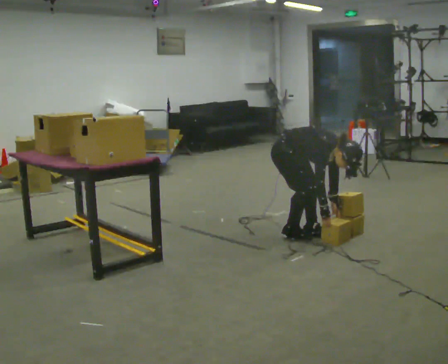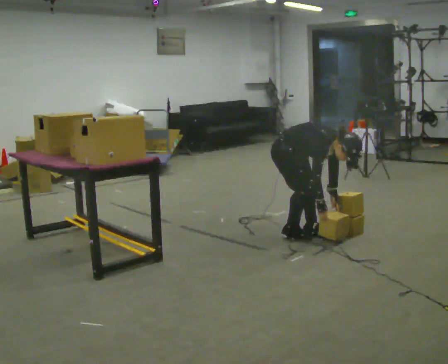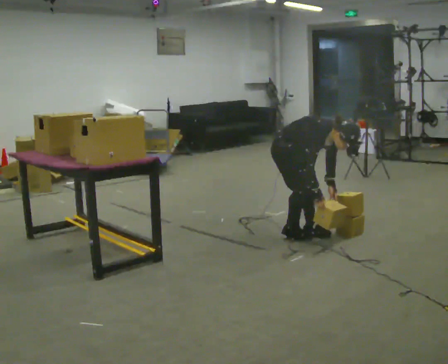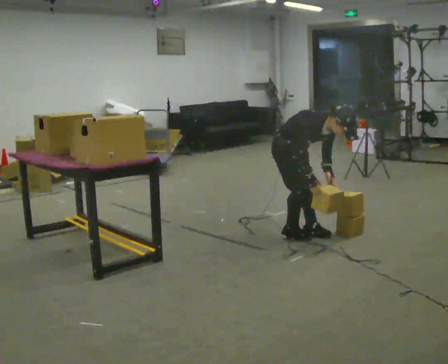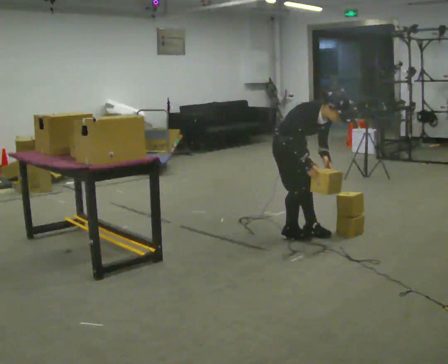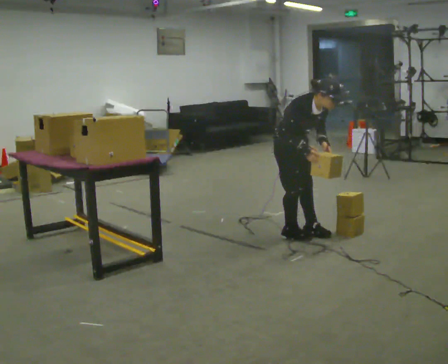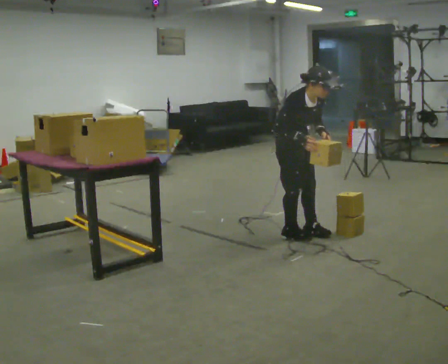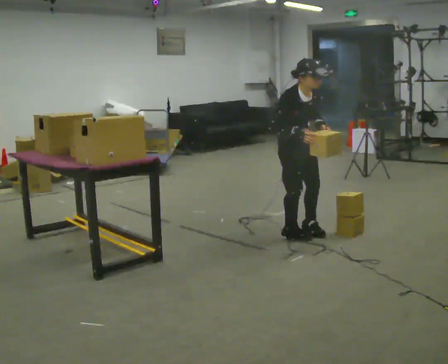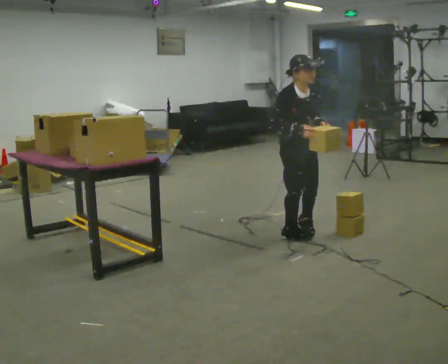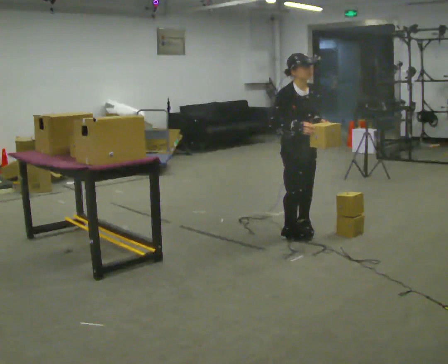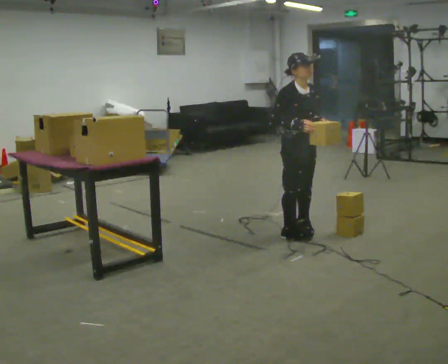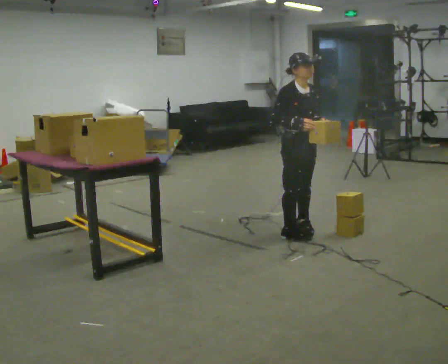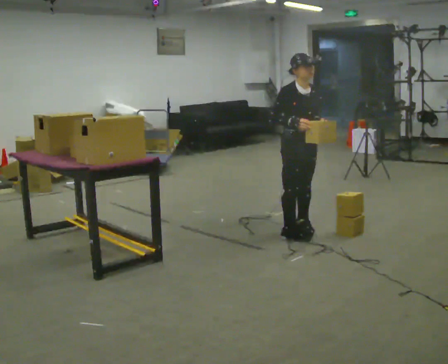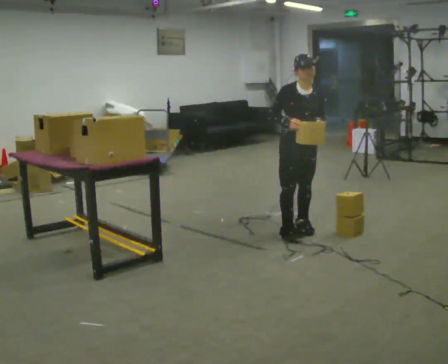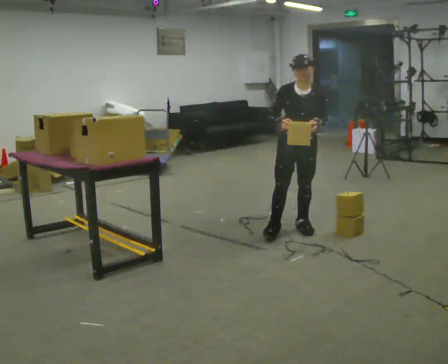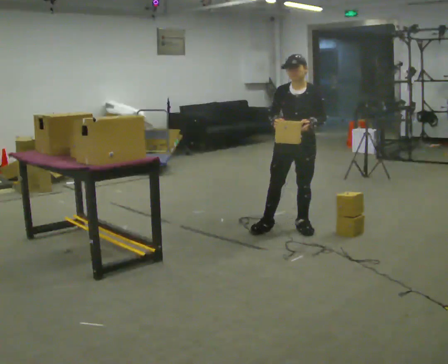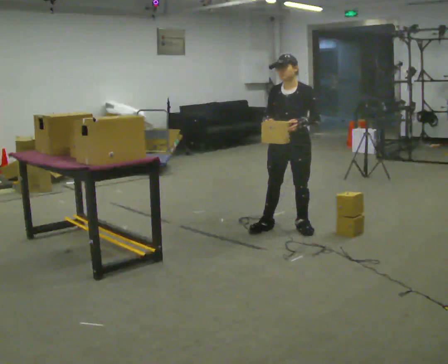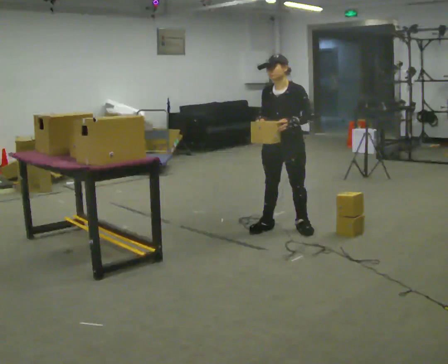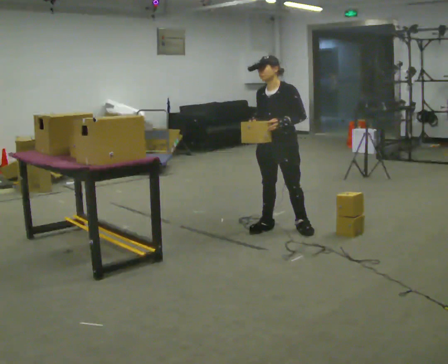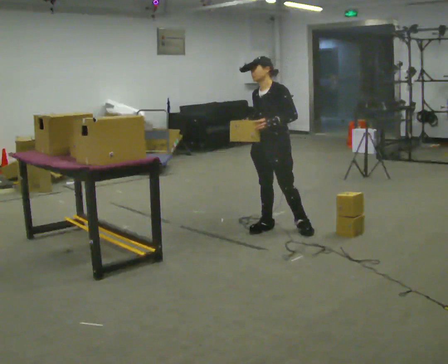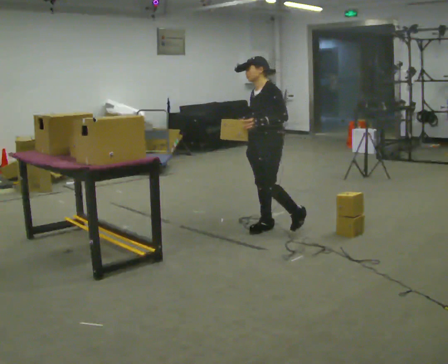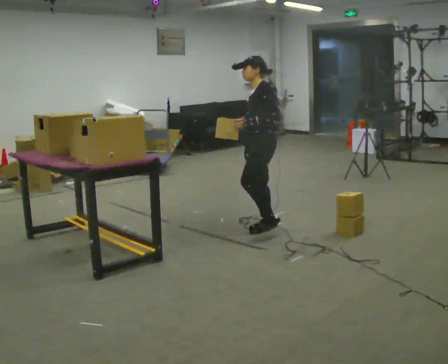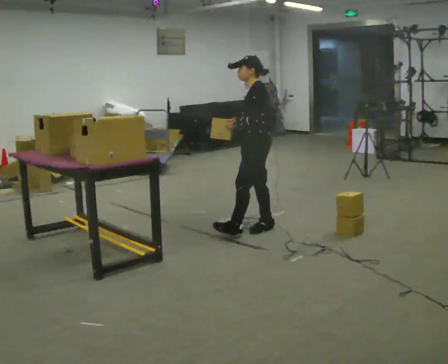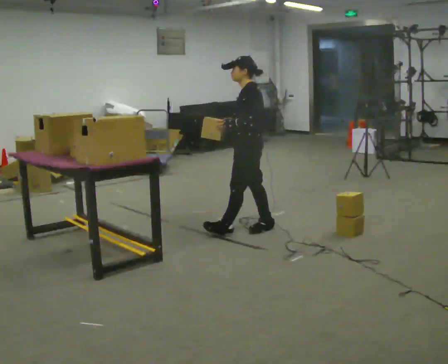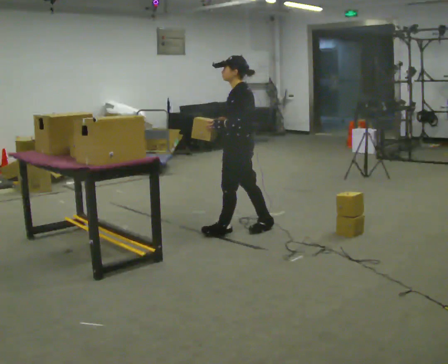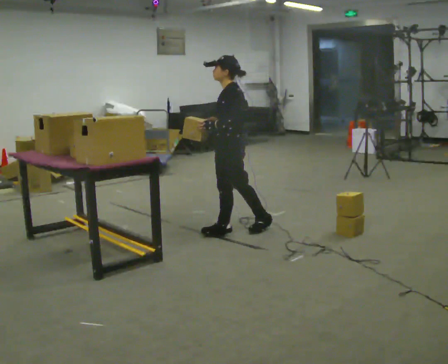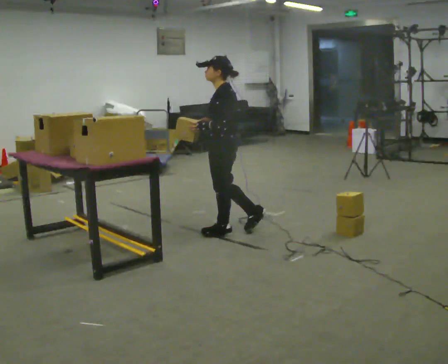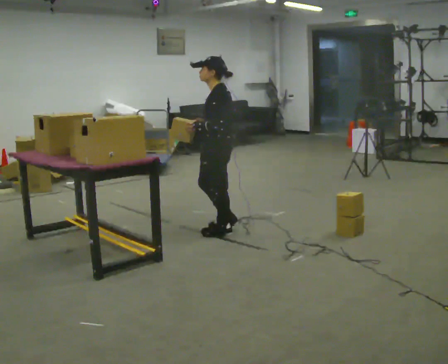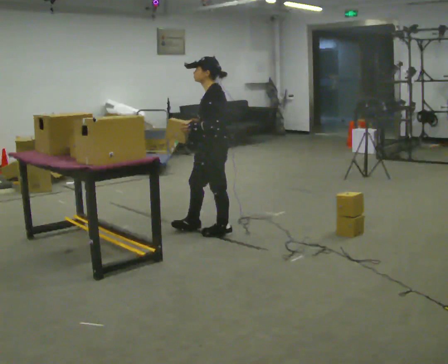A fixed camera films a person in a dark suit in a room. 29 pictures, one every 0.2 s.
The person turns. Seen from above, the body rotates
clockwise.
The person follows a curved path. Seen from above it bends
counterclockwise.
0.0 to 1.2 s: The shoulders move upward. In the picture the upper body tilts counterclockwise, shoulders to the left, as they lean back or straighten. In the picture their right hand goes upward.
1.2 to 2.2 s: The upper body tips away from the camera, its near side rolling upward, as they lean back or straighten.
2.2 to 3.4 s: The part of the body nearest the lens slides to the left as the person turns to their right by about 75 degrees. In the picture they go away from the camera, about 0.25 m in 1 step. In the picture their right hand goes to the left.
3.4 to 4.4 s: The person turns about 60 degrees to their right, clockwise seen from above, so the part of the body nearest the lens slides to the left. In the picture they go to the left, about 0.25 m, which for them is forward. In the picture their left hand goes to the left.
4.4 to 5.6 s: In the picture they go to the left, about 0.25 m in 1 step, which for them is forward.
The film runs forward here.
